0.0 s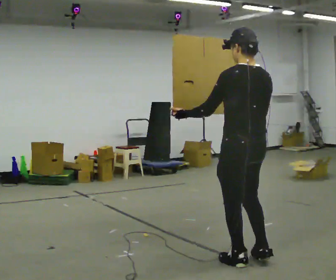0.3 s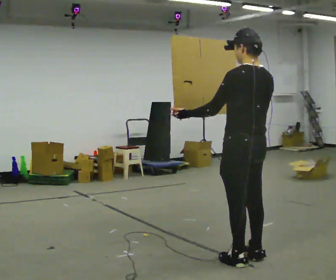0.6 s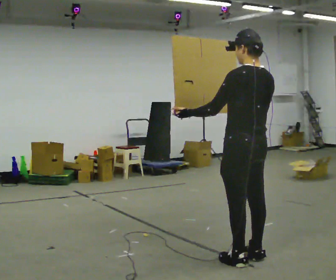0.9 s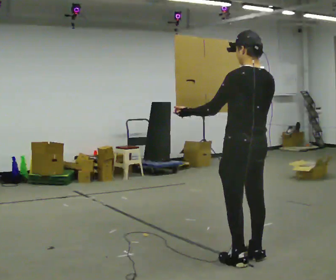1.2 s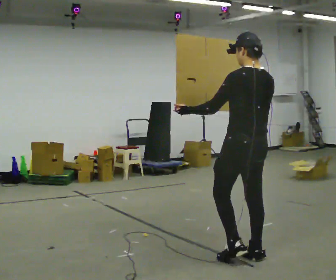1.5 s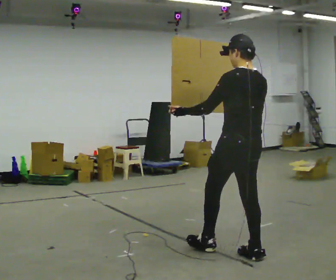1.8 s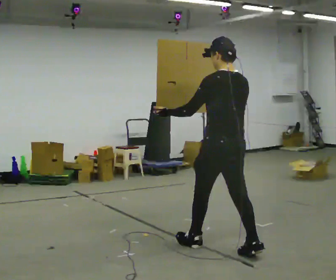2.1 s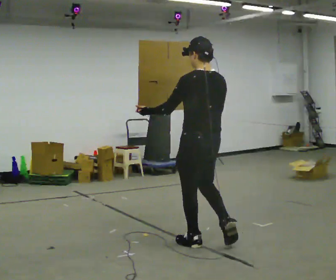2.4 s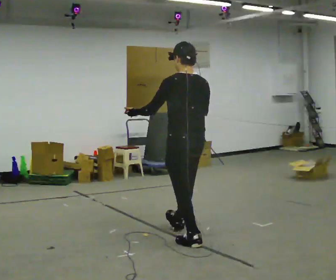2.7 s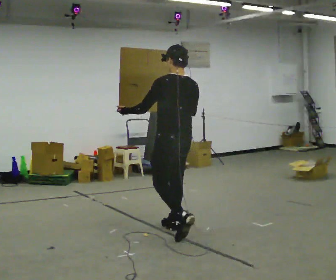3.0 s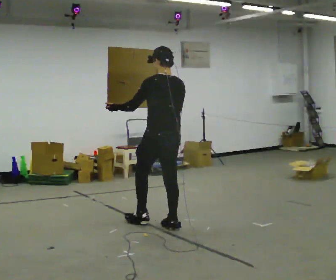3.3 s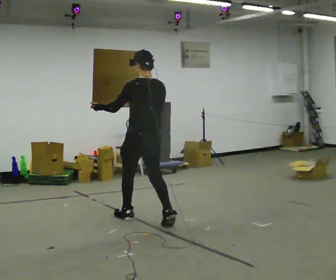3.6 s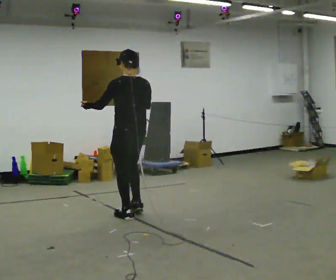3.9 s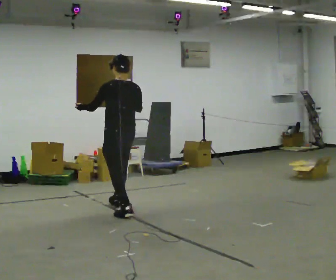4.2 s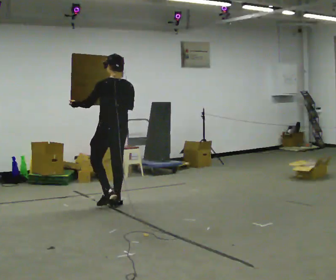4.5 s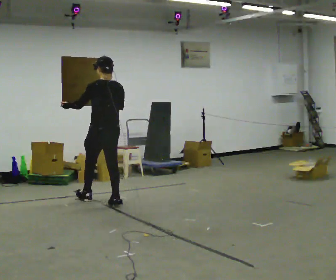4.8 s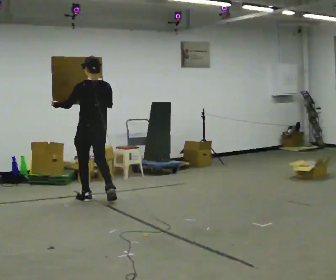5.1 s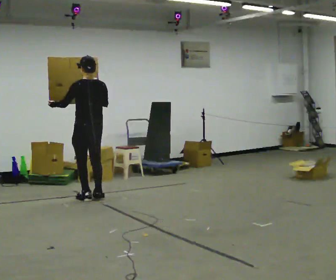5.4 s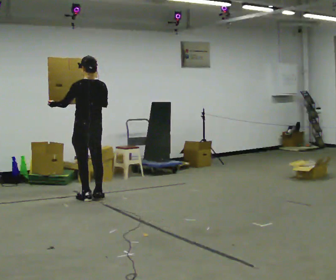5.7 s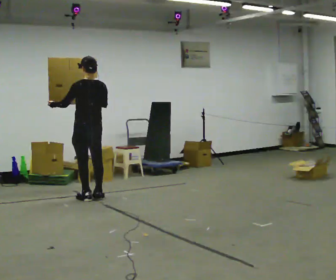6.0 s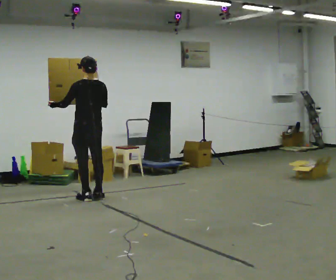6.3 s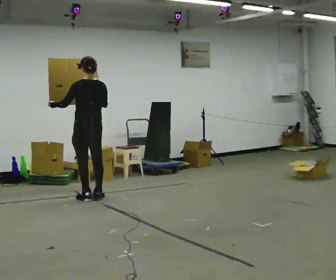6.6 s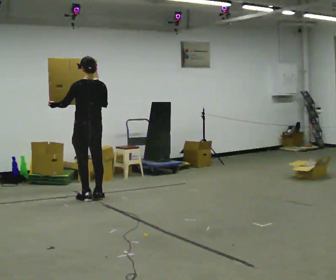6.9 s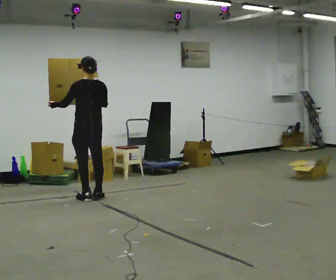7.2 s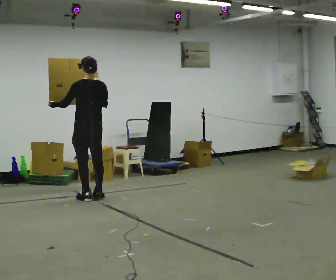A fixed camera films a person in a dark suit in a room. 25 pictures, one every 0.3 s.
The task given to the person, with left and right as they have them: Carry the large panel across the room. It will block your view ahead, so take whatever route feels safe. Keep going until the operator says stop; one object at a time, and do not rush between trips.
0.0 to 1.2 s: In the picture they go away from the camera, about 0.25 m in 1 step, which for them is to their right.
1.2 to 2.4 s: In the picture they go away from the camera and to the left, about 0.5 m in 1 step, which for them is forward.
2.4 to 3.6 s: In the picture they go away from the camera and to the left, about 1 m in 2 steps, which for them is forward.
3.6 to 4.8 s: In the picture they go away from the camera and to the left, about 1 m in 2 steps, which for them is forward.
4.8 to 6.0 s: The person moves a little, or ends about where they began.
6.0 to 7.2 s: The person keeps their place and pose.
The film runs forward here.
